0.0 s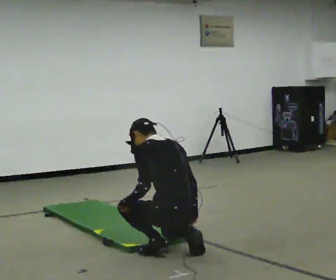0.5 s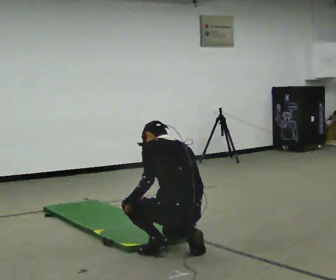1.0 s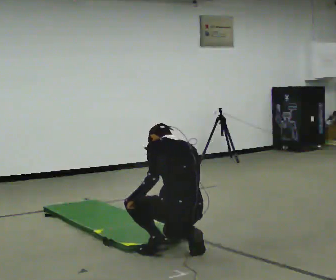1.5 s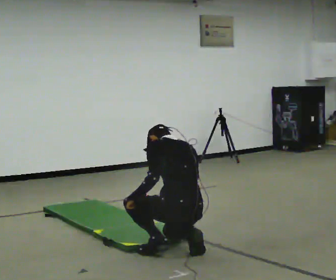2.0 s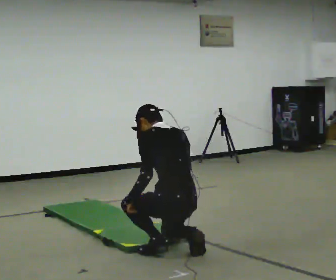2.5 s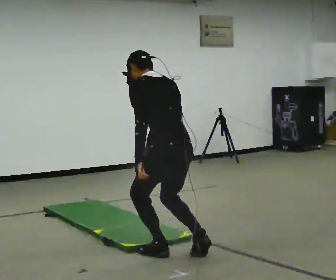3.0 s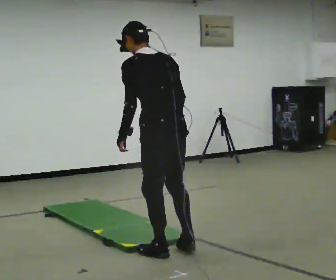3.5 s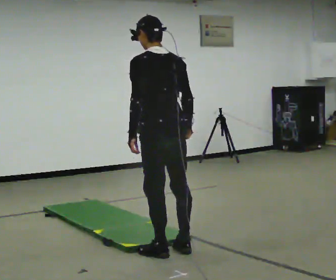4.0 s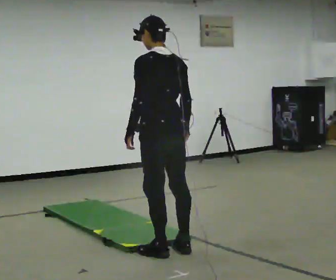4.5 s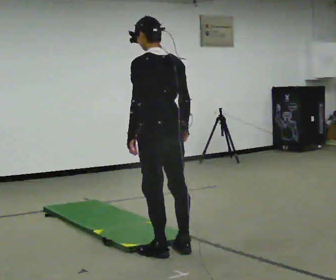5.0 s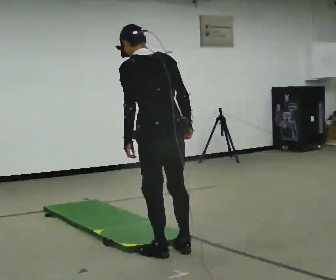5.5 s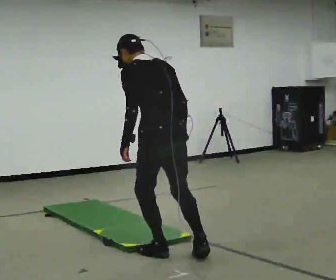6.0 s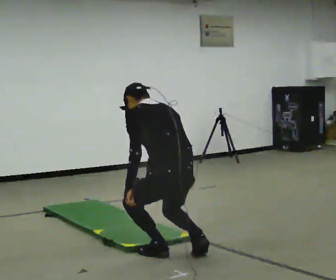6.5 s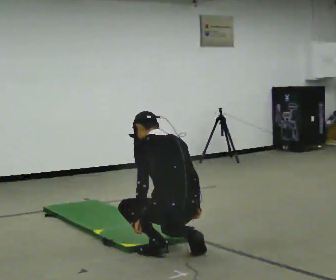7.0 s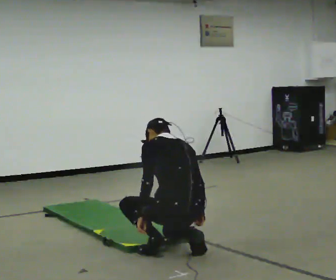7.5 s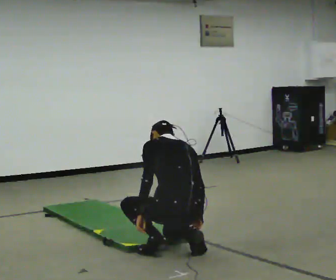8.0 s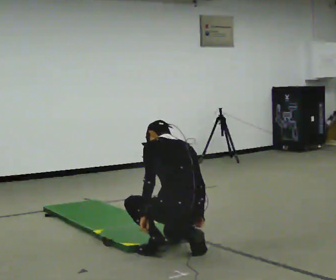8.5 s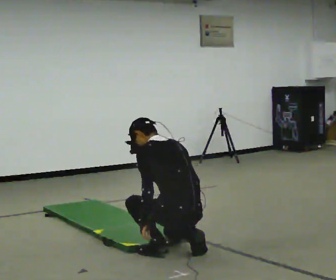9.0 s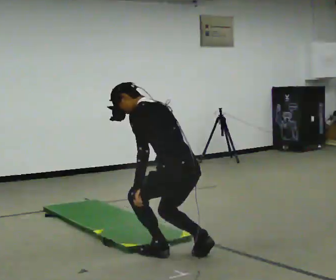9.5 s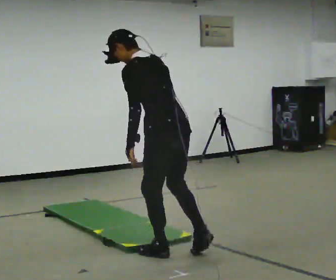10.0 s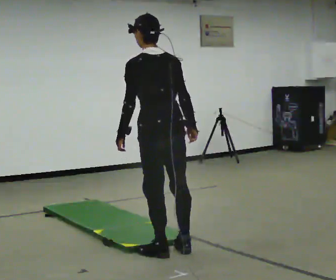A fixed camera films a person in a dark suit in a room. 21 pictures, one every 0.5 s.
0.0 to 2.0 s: In the picture their right hand goes upward.
2.0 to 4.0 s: The shoulders move upward. The upper body tips toward the camera, its near side rolling downward, as they lean back or straighten.
4.0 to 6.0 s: In the picture they go toward the camera, about 0.25 m in 1 step, which for them is backward. The shoulders move downward. The upper body tips away from the camera, its near side rolling upward, as they bend forward. In the picture their left hand goes downward.
6.0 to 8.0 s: The shoulders move downward. In the picture their right hand goes downward.
8.0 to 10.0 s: The upper body goes upward. The upper body tips toward the camera, its near side rolling downward. In the picture their left hand goes upward.
The film runs forward here.
